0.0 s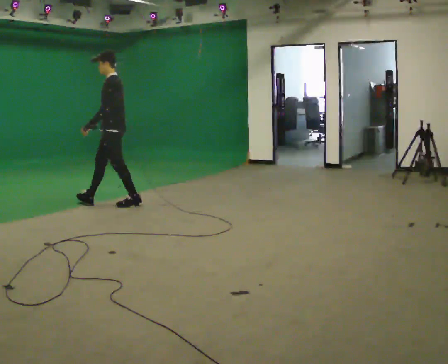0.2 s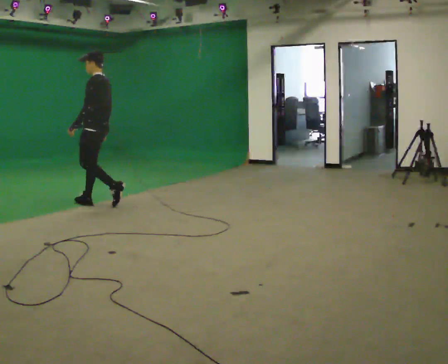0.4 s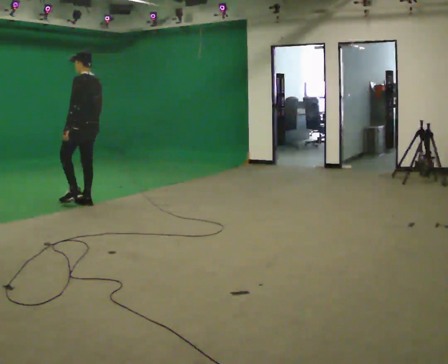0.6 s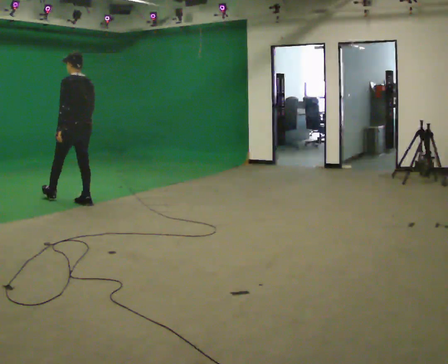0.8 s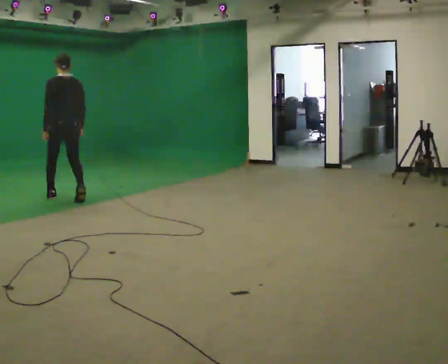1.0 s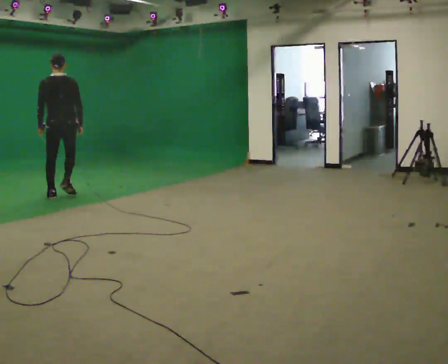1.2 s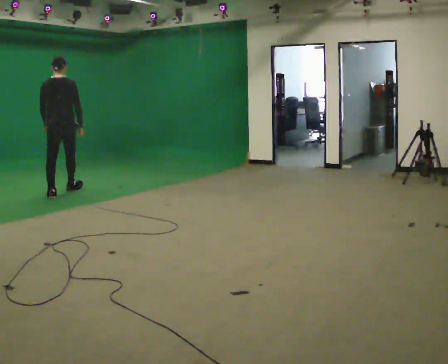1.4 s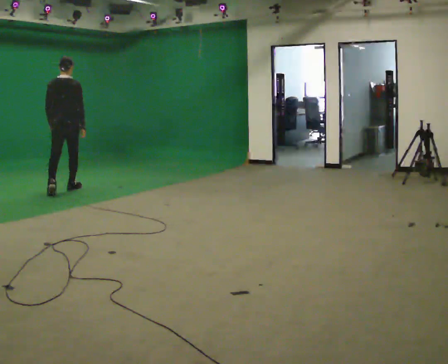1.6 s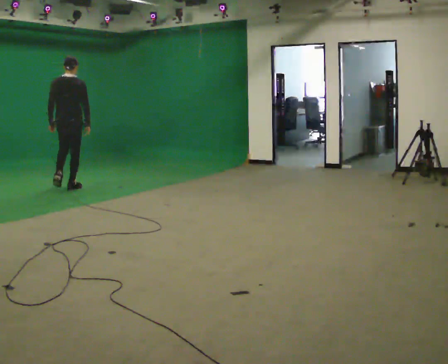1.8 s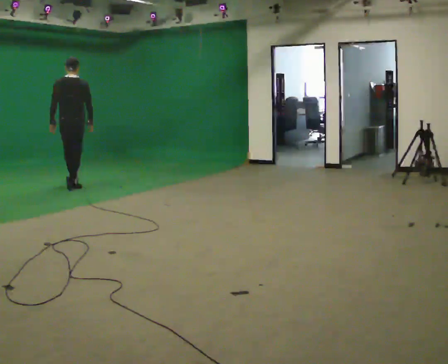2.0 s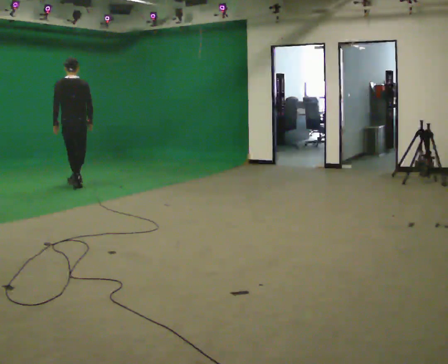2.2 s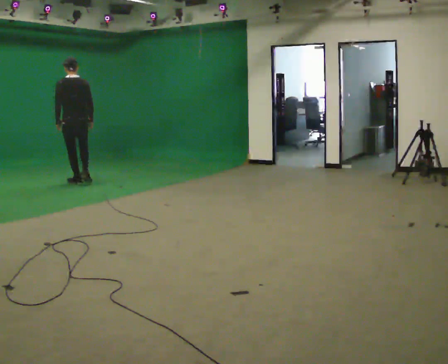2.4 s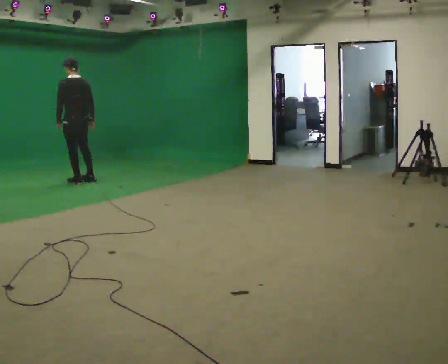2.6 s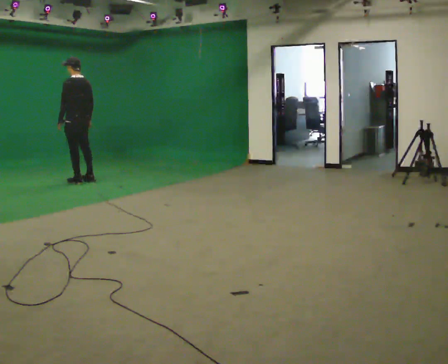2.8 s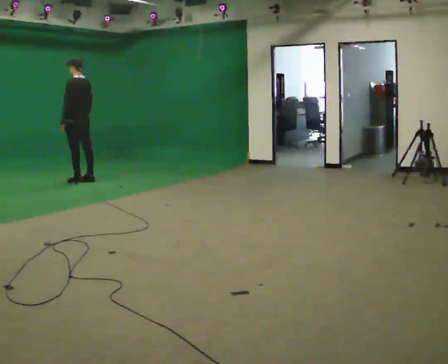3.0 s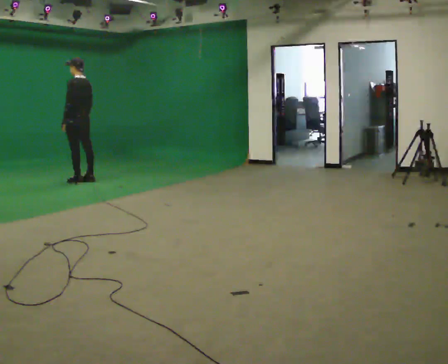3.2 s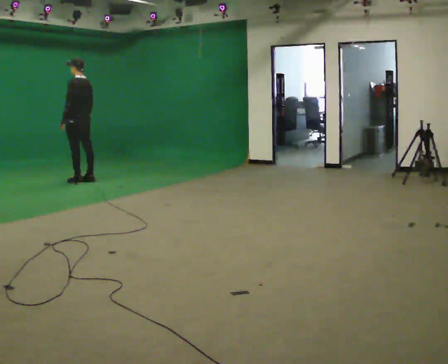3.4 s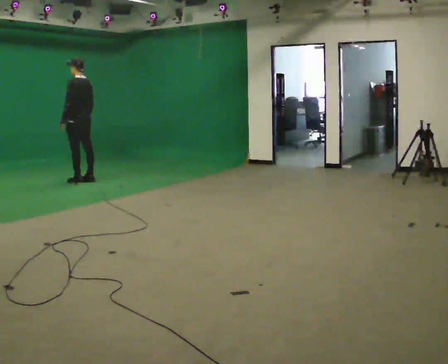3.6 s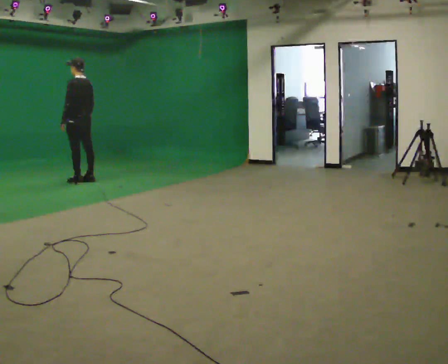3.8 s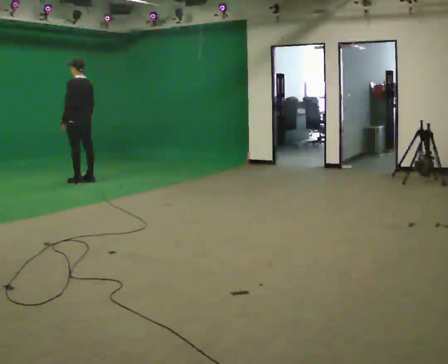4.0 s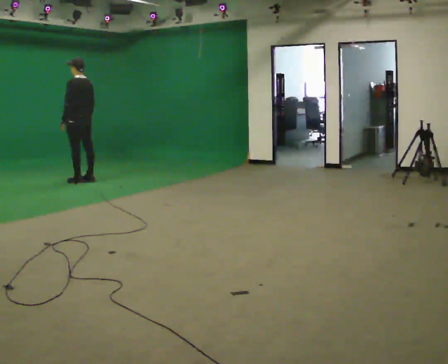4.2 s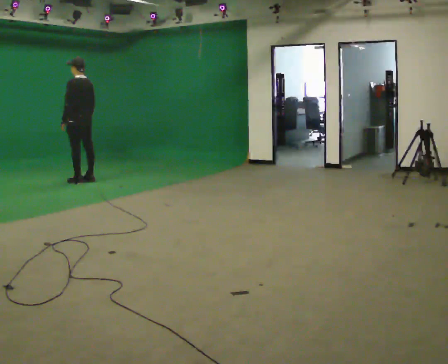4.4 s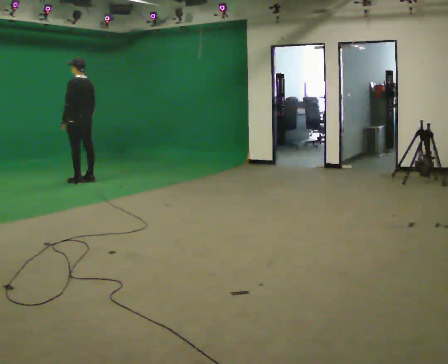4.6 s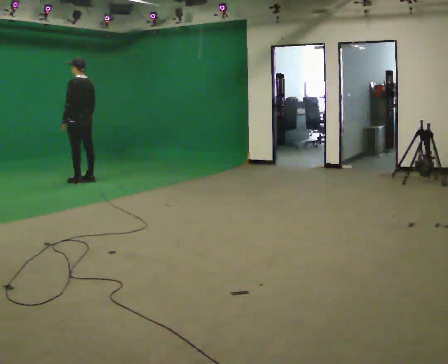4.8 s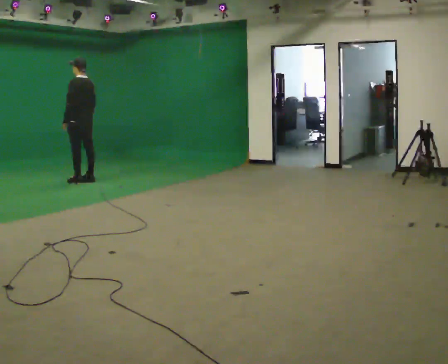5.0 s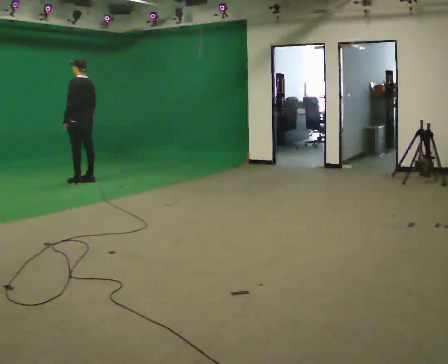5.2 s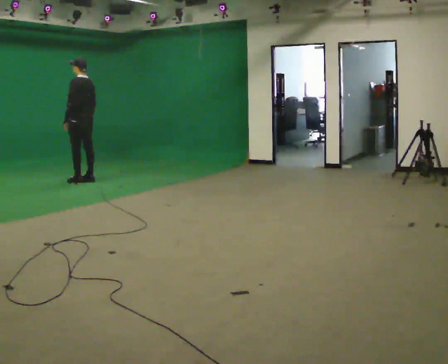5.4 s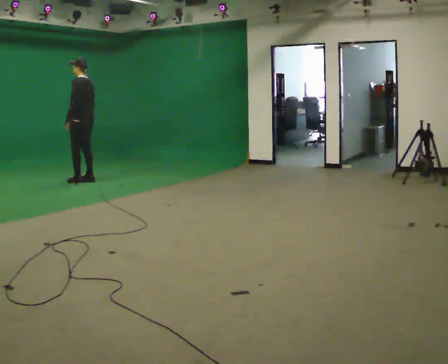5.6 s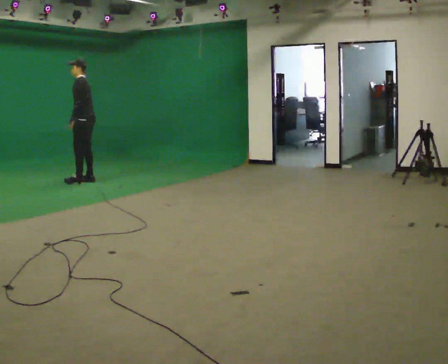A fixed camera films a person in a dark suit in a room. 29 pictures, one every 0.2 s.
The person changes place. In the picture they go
away from the camera.
The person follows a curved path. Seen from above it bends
clockwise.
0.0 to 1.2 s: The part of the body nearest the lens slides to the left as the person turns to their right by about 90 degrees. In the picture they go to the left and away from the camera, about 1 m in 2 steps.
1.2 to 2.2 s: Seen from above the body turns counterclockwise, about 30 degrees: to their left, with its near side sliding to the right. In the picture they go away from the camera, about 0.5 m in 2 steps, which for them is forward.
2.2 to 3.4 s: The person turns about 30 degrees to their left, counterclockwise seen from above, so the part of the body nearest the lens slides to the right. In the picture they go away from the camera, about 0.25 m in 1 step, which for them is to their right.
3.4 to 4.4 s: The person moves a little, or ends about where they began.
4.4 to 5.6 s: The person turns about 45 degrees to their left, counterclockwise seen from above, so the part of the body nearest the lens slides to the right.
The film runs forward here.
